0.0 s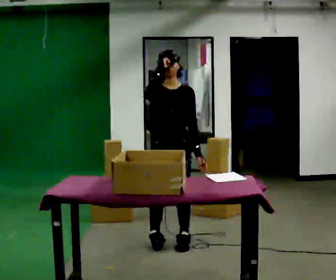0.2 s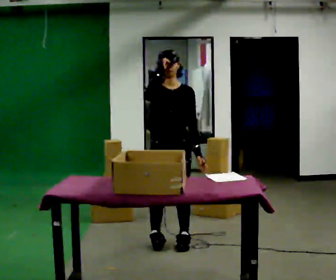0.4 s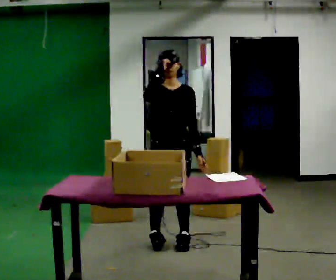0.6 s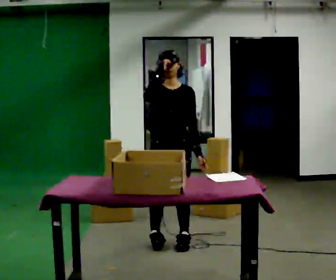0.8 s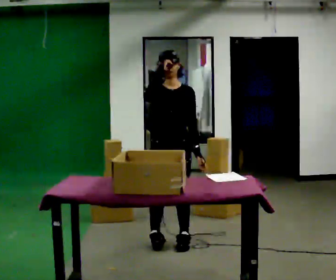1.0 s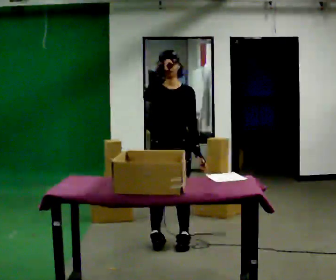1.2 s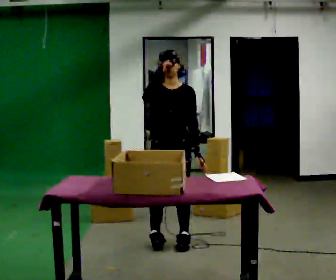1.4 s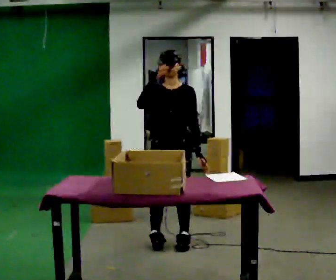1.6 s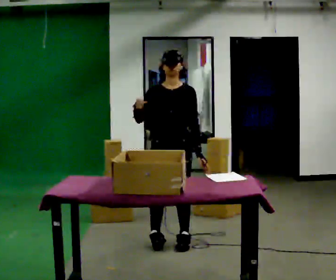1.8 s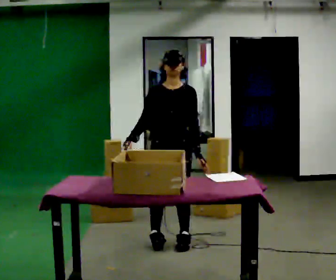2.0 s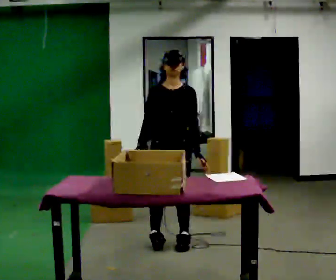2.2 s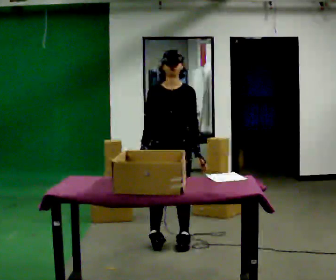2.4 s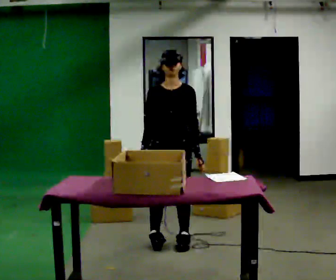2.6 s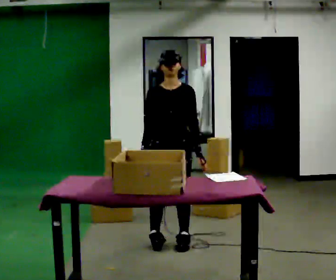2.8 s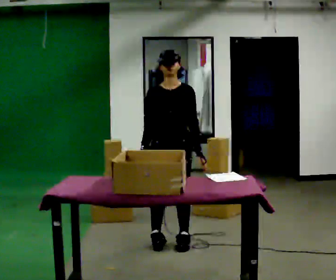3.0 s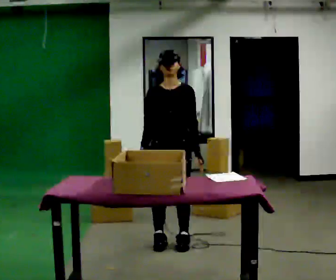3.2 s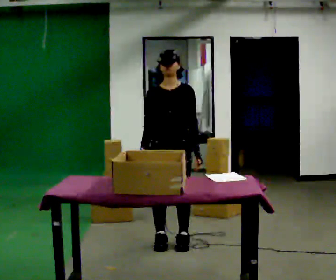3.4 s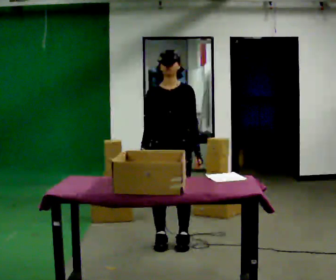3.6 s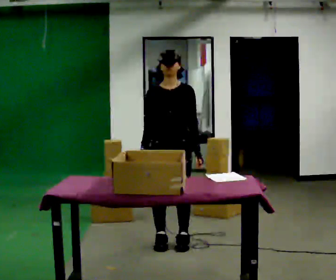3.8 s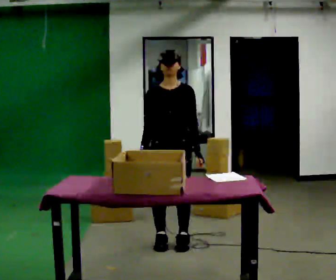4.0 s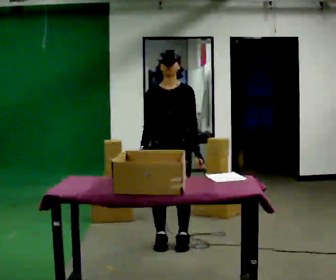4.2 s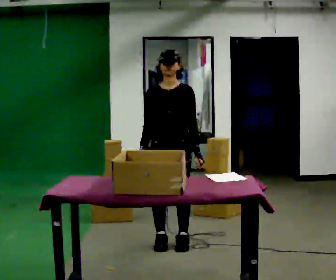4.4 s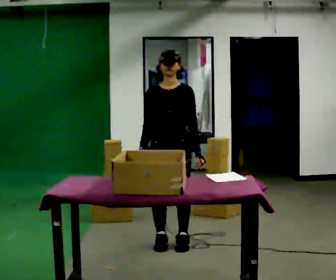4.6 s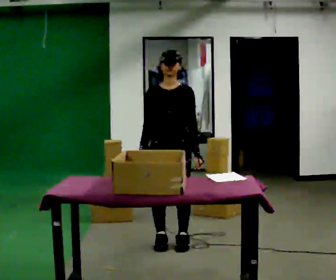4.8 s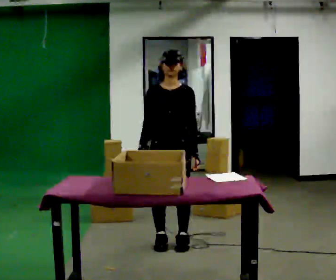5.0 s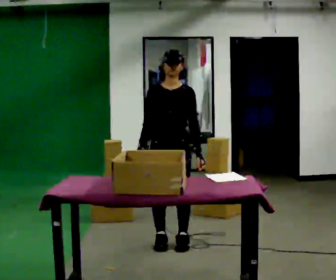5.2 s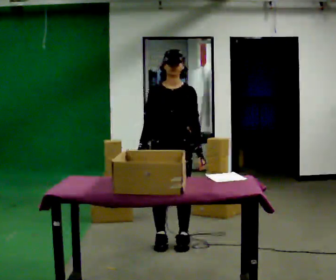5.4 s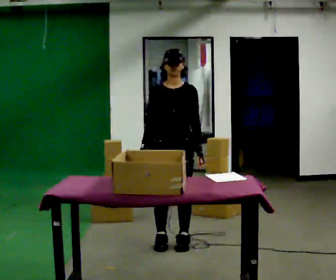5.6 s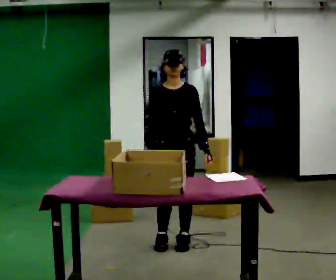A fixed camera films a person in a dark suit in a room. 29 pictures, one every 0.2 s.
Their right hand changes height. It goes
downward.
0.0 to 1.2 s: The person keeps their place and pose.
1.2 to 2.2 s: In the picture their right hand goes downward.
2.2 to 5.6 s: The person moves a little, or ends about where they began.
The film runs backward here.
